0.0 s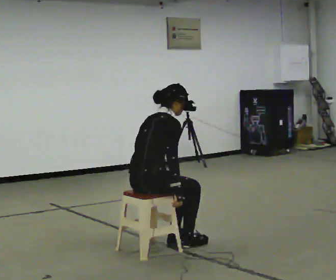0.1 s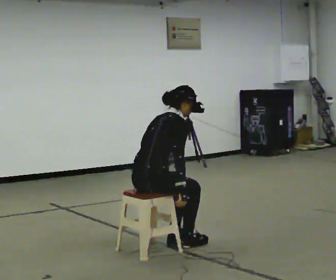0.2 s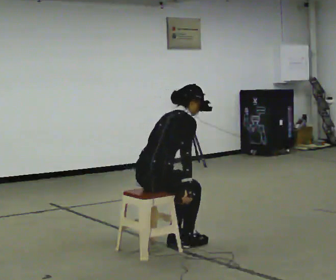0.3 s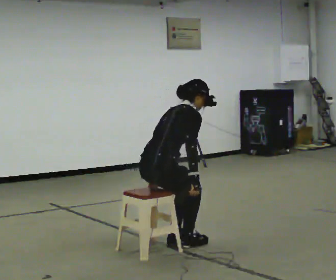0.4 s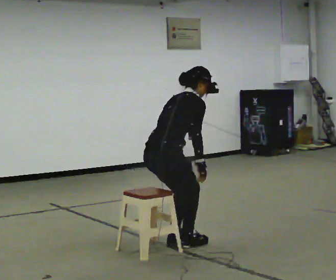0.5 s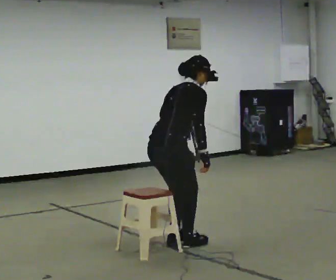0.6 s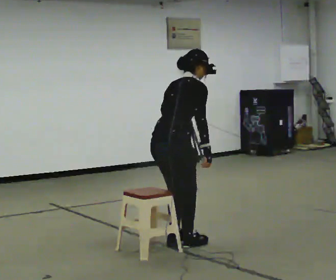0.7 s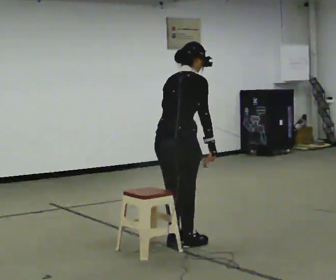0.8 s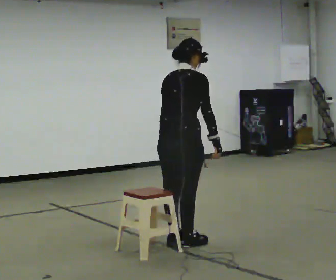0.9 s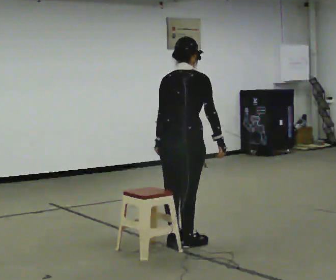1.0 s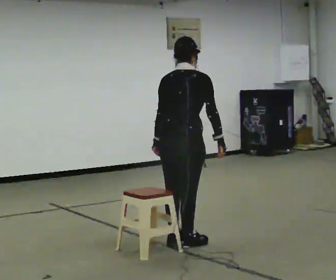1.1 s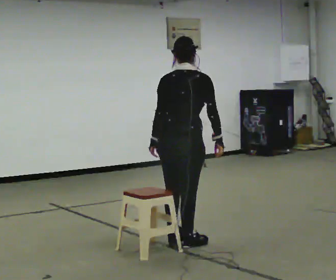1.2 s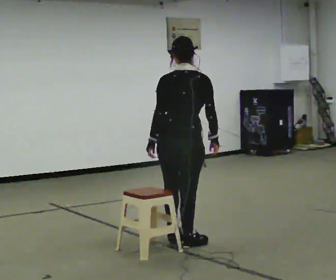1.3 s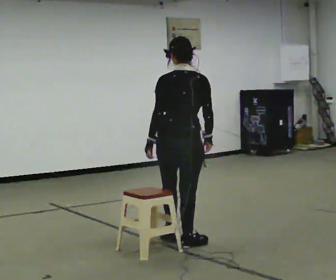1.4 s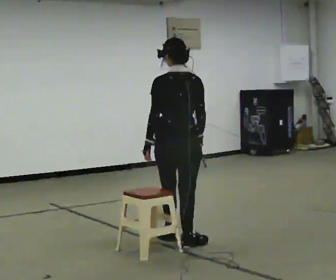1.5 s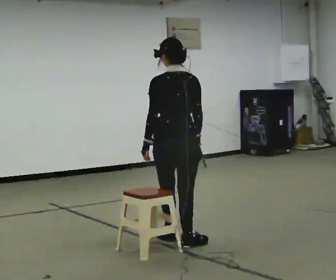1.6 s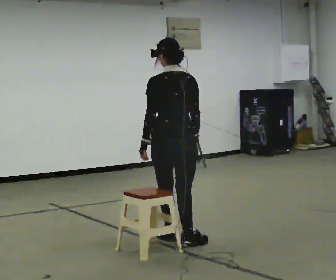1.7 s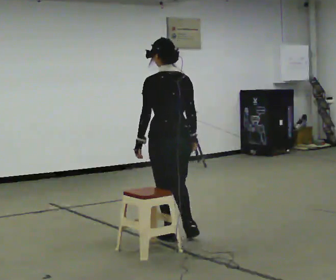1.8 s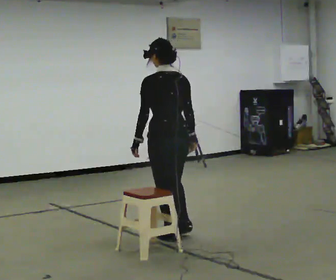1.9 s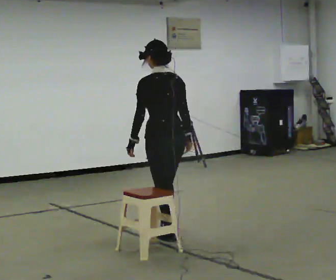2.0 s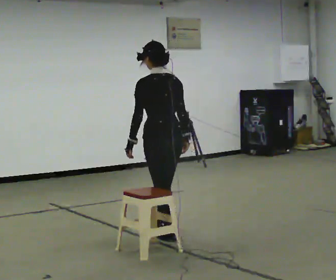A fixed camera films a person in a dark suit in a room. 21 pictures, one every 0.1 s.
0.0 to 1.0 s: The part of the body nearest the lens slides to the right as the person turns to their left by about 30 degrees. In the picture they go to the right, about 0.25 m, which for them is forward. The upper body goes upward. In the picture their right hand goes upward.
1.0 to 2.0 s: The person turns about 45 degrees to their left, counterclockwise seen from above, so the part of the body nearest the lens slides to the right. In the picture they go away from the camera and to the left, about 0.25 m, which for them is forward.
The film runs forward here.
